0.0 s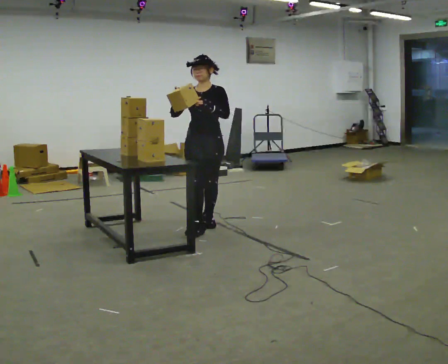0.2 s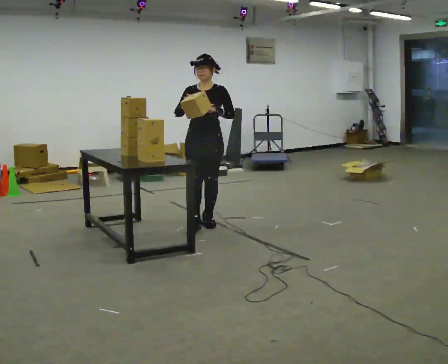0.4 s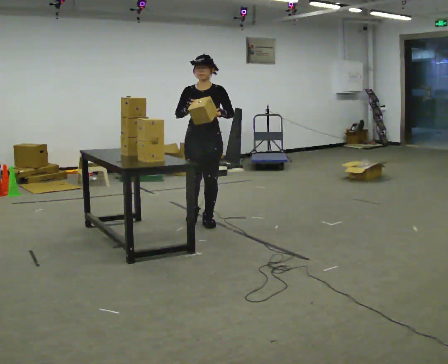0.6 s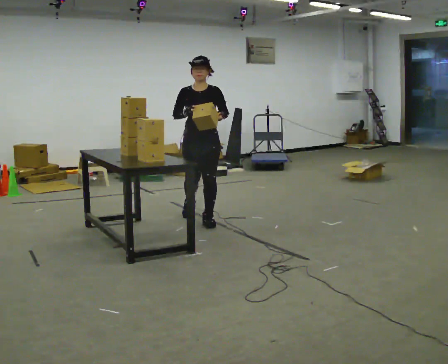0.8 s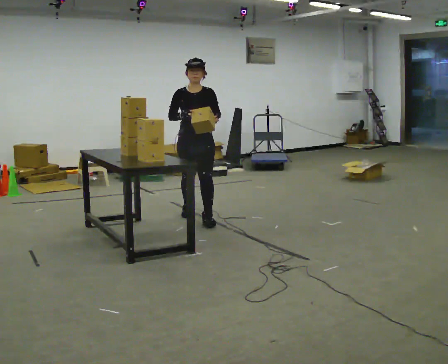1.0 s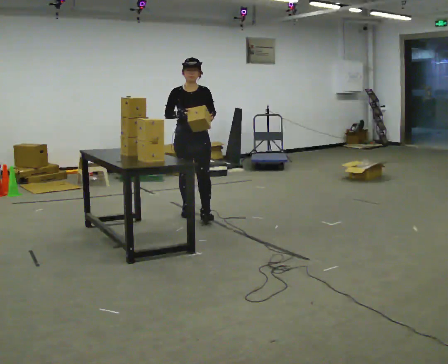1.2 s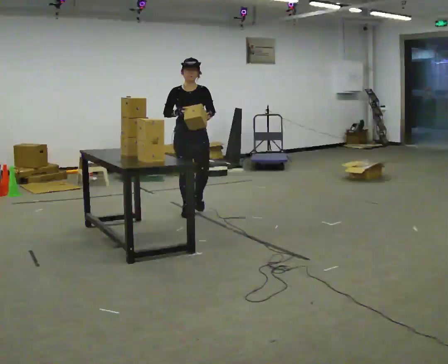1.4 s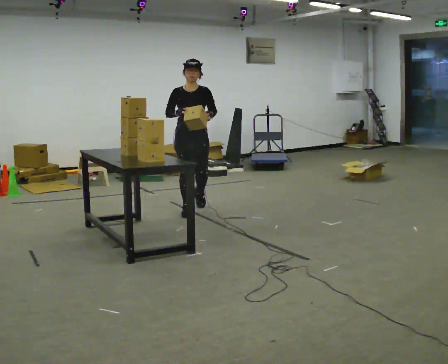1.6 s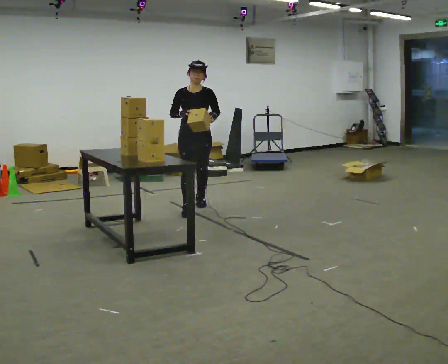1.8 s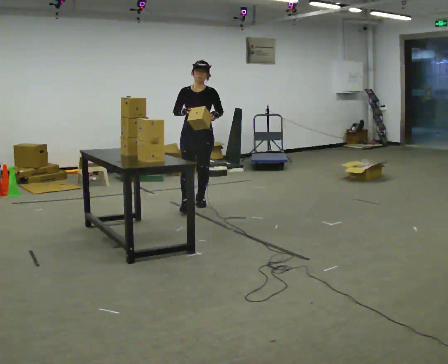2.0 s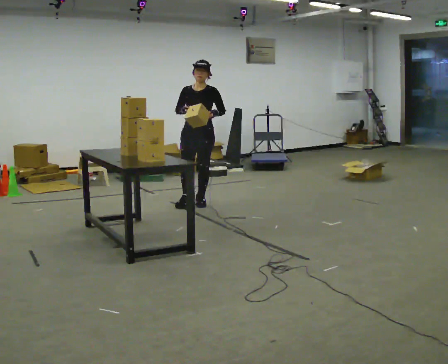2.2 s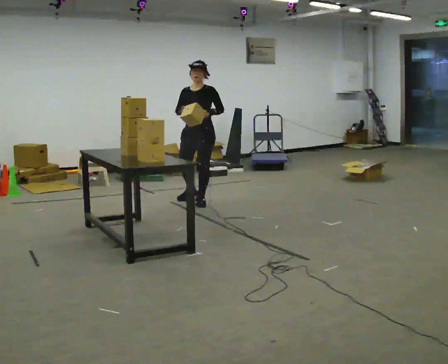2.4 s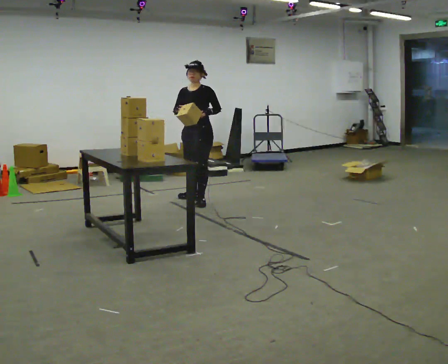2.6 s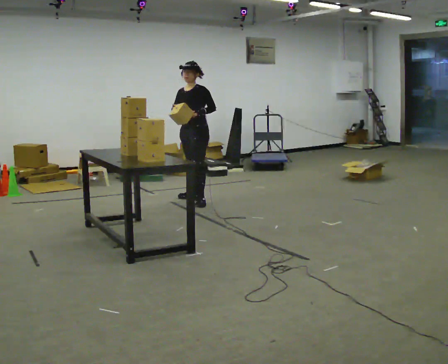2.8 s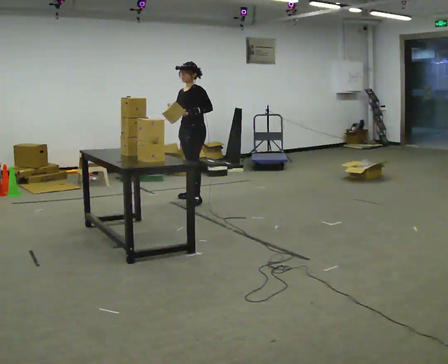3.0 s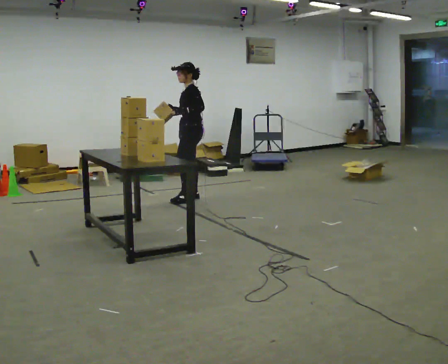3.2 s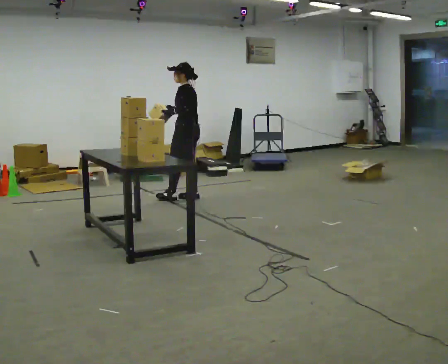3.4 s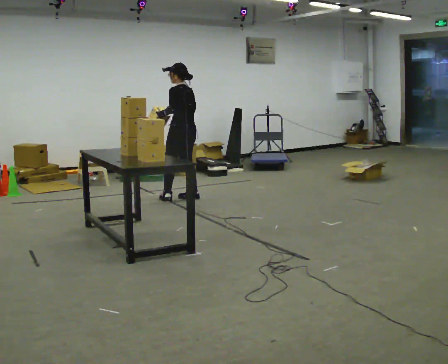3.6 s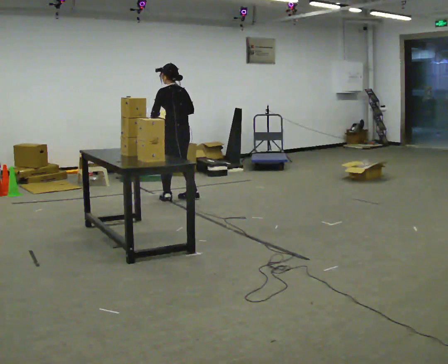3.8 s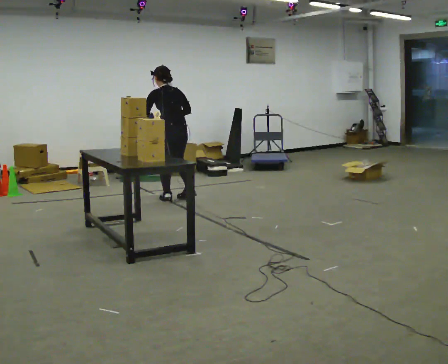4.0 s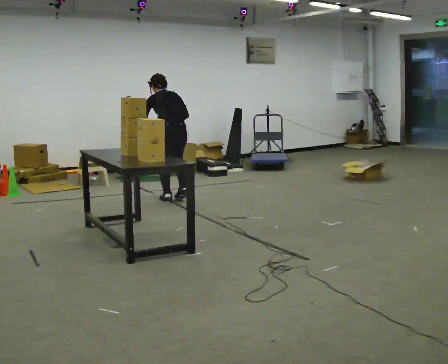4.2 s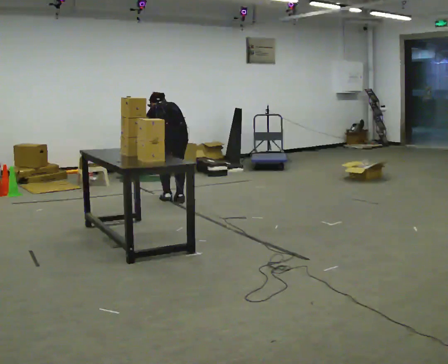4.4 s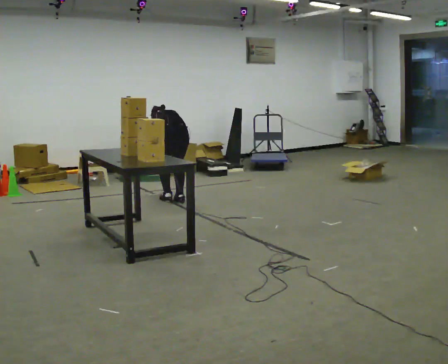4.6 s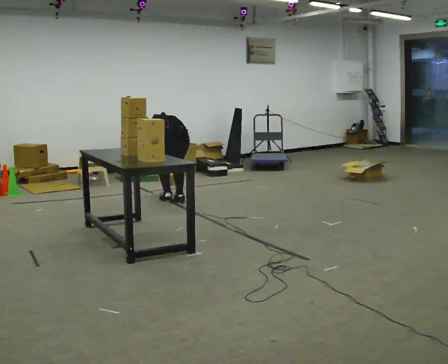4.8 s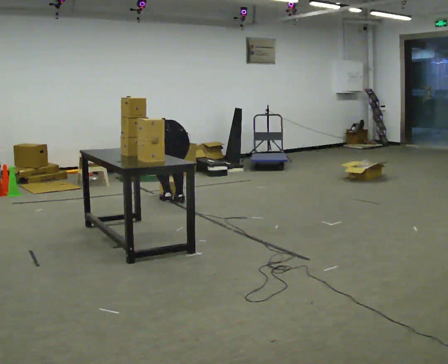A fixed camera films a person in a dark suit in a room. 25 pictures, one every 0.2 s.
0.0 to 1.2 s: In the picture they go away from the camera, about 0.5 m in 2 steps, which for them is backward.
1.2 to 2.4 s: Seen from above the body turns clockwise, about 45 degrees: to their right, with its near side sliding to the left. In the picture they go away from the camera, about 0.5 m in 1 step, which for them is backward.
2.4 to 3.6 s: Seen from above the body turns clockwise, about 105 degrees: to their right, with its near side sliding to the left. In the picture they go to the left, about 0.25 m in 1 step.
3.6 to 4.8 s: The part of the body nearest the lens slides to the left as the person turns to their right by about 30 degrees. In the picture they go toward the camera, about 0.25 m in 1 step, which for them is backward. The shoulders move downward. The upper body tips away from the camera, its near side rolling upward, as they bend forward. In the picture their right hand goes downward.
The film runs backward here.
